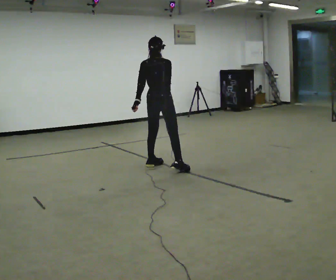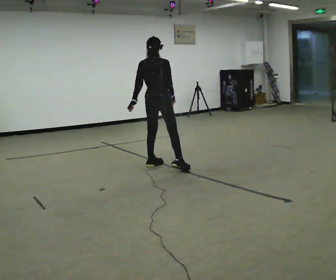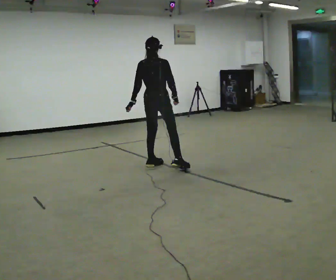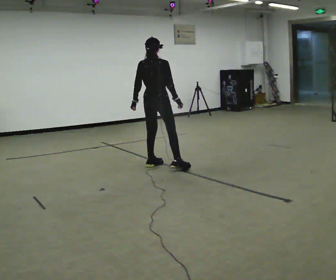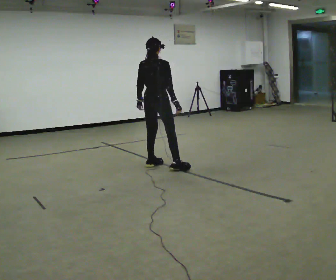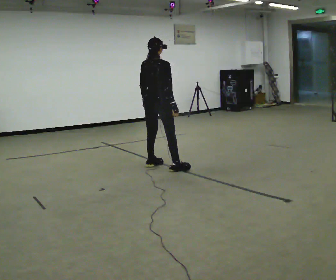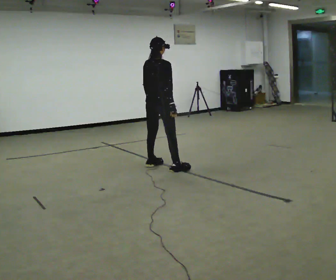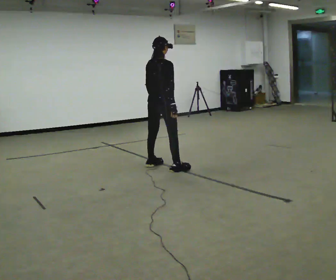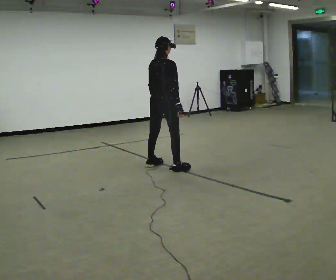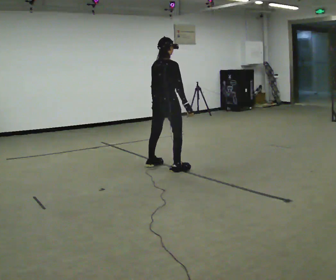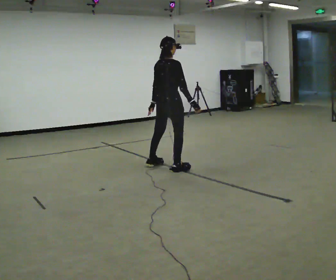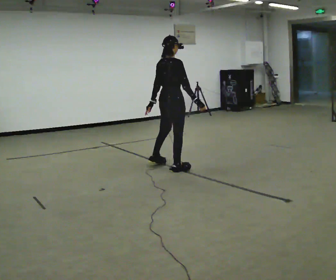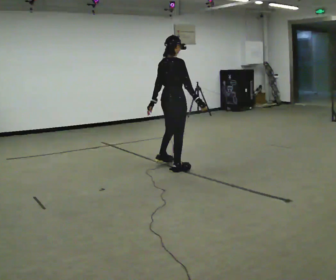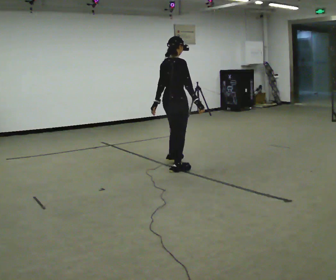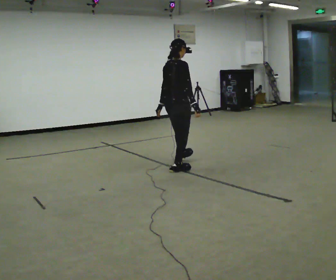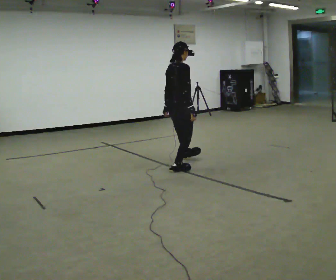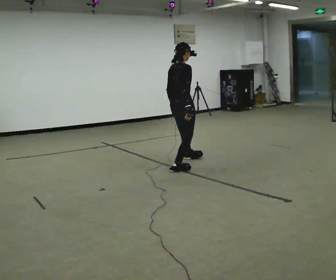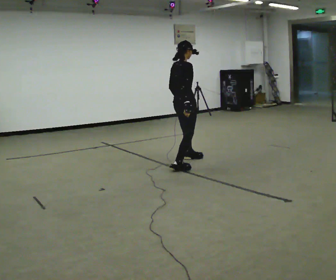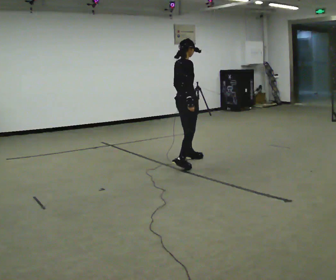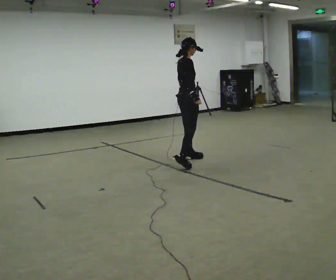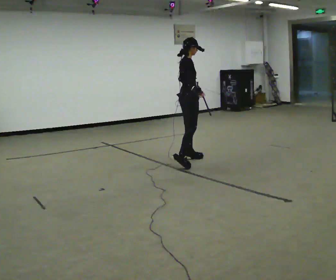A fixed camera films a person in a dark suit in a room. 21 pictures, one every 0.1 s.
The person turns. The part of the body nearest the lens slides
to the left.
The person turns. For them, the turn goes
to their right.
0.0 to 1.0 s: The person moves a little, or ends about where they began.
1.0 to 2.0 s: The person turns about 45 degrees to their right, clockwise seen from above, so the part of the body nearest the lens slides to the left. In the picture they go away from the camera and to the right, about 0.5 m in 2 steps, which for them is forward and to their left.
The film runs backward here.
